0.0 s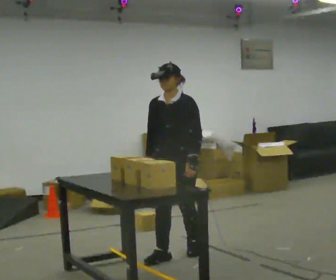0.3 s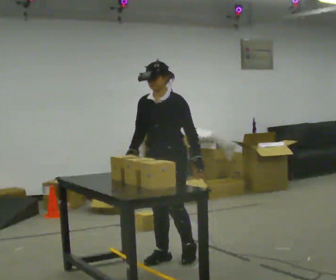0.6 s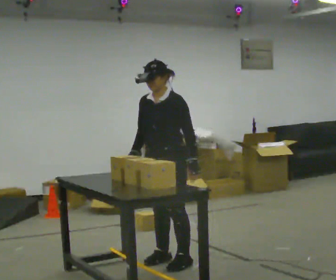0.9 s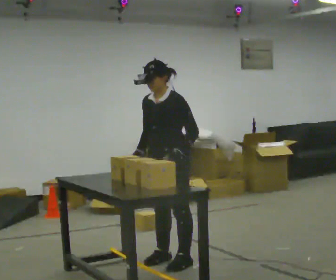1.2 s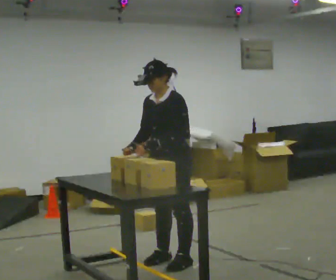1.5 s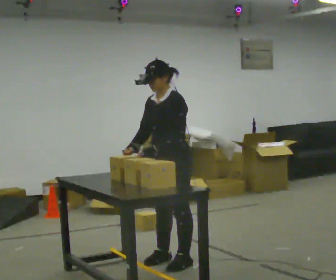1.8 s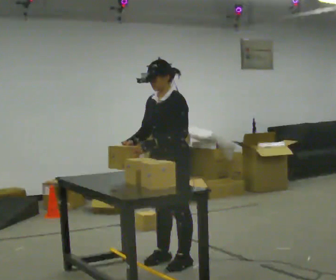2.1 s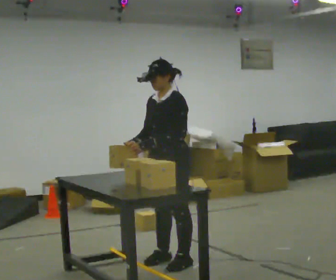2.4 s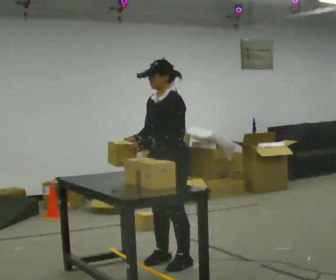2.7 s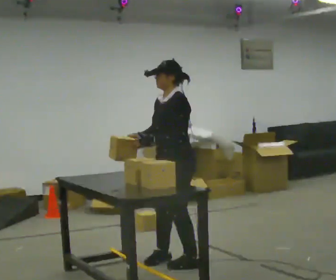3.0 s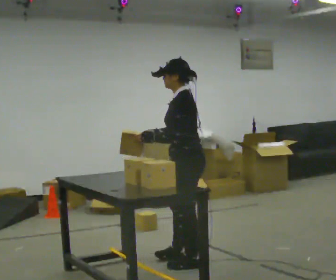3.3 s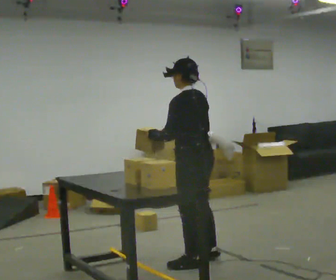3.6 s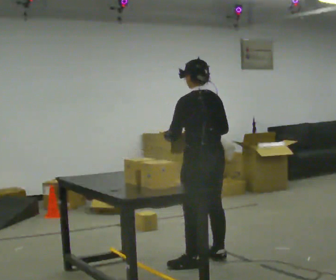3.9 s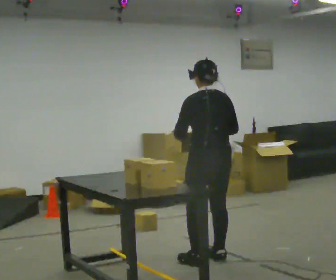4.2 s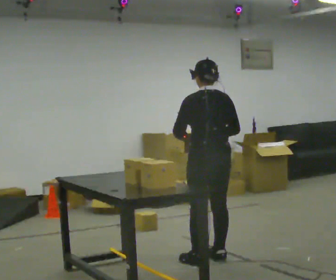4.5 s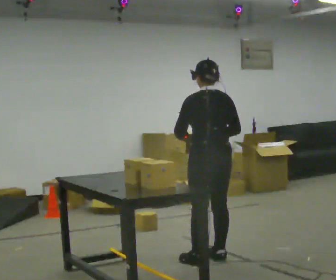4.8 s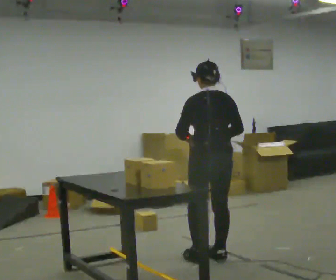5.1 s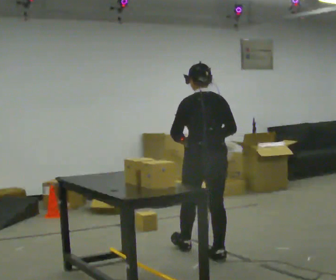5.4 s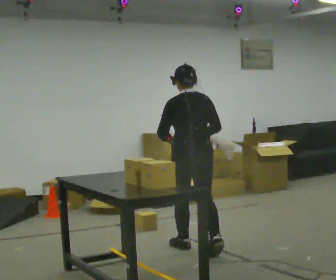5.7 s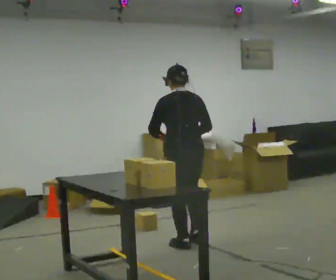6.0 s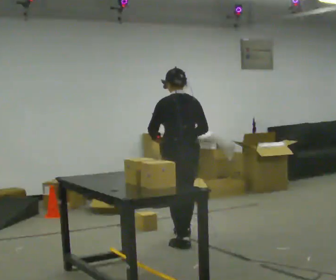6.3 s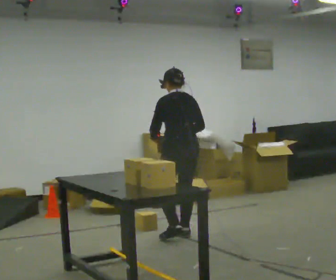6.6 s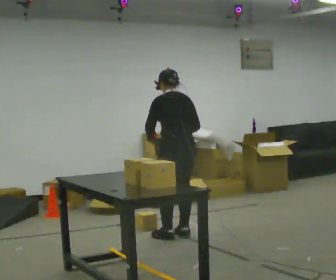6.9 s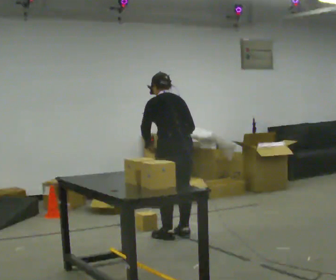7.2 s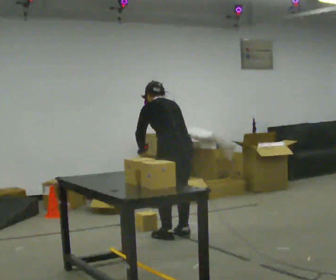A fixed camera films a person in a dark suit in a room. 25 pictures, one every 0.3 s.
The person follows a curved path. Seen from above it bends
counterclockwise.
0.0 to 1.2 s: The part of the body nearest the lens slides to the left as the person turns to their right by about 30 degrees. In the picture they go toward the camera, about 0.25 m in 1 step, which for them is forward.
1.2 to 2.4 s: The person moves a little, or ends about where they began.
2.4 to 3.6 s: The person turns about 90 degrees to their right, clockwise seen from above, so the part of the body nearest the lens slides to the left. In the picture they go to the right, about 0.25 m in 1 step.
3.6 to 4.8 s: The person moves a little, or ends about where they began.
4.8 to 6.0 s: In the picture they go away from the camera and to the left, about 0.5 m in 2 steps, which for them is forward.
6.0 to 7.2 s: The upper body tips away from the camera, its near side rolling upward, as they bend forward.
The film runs forward here.
